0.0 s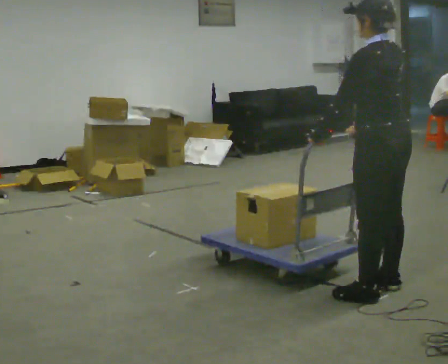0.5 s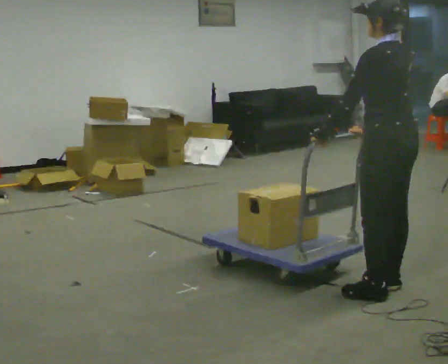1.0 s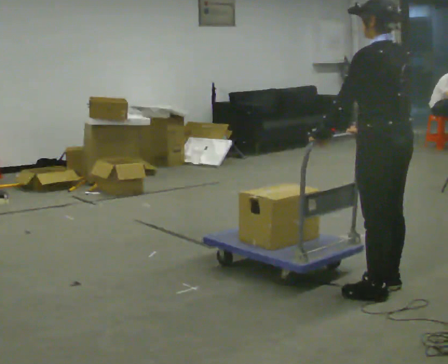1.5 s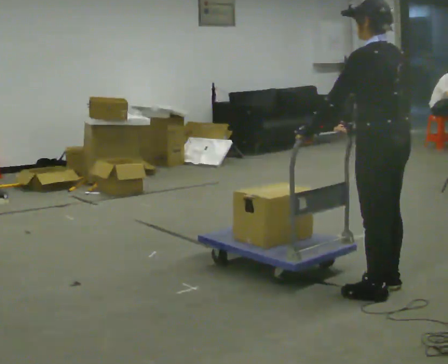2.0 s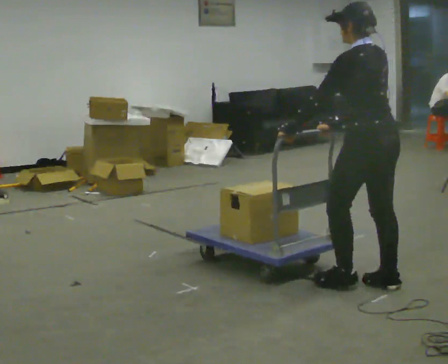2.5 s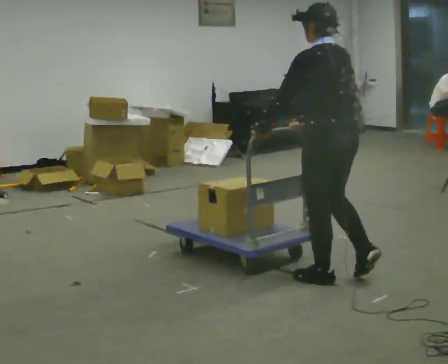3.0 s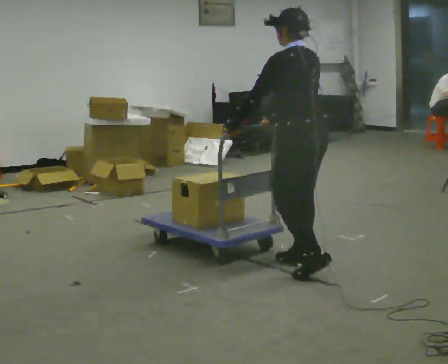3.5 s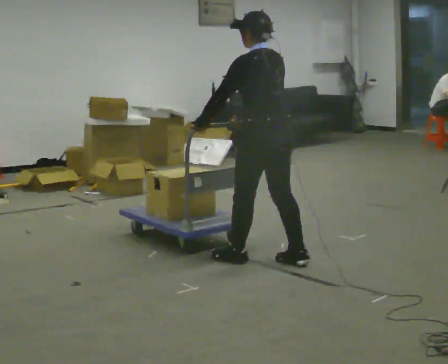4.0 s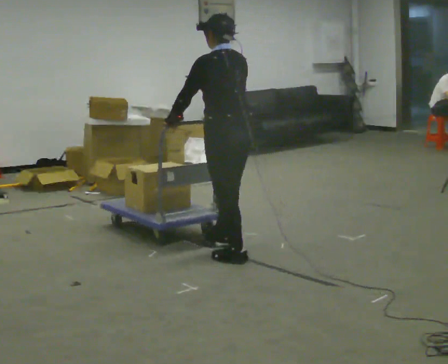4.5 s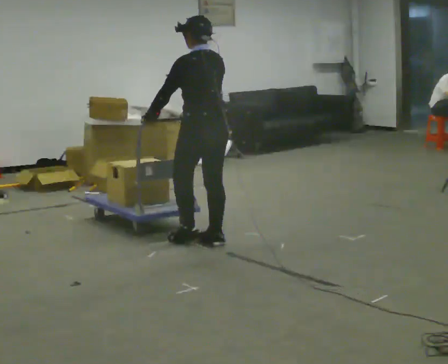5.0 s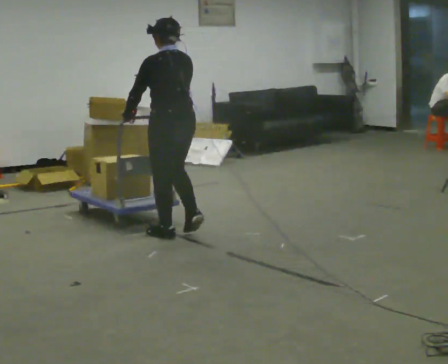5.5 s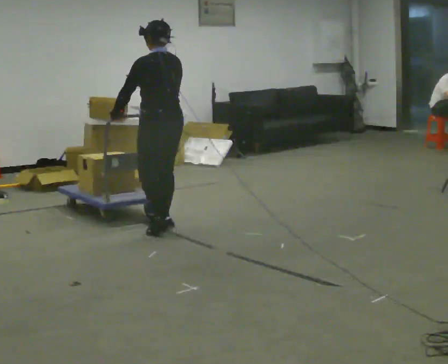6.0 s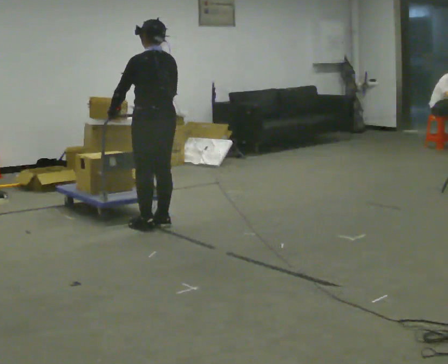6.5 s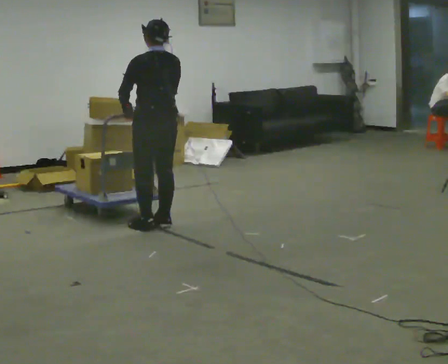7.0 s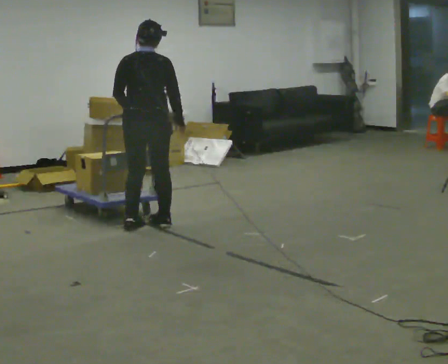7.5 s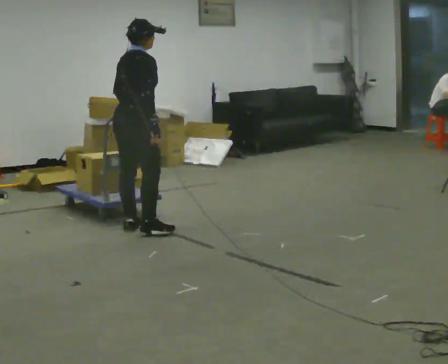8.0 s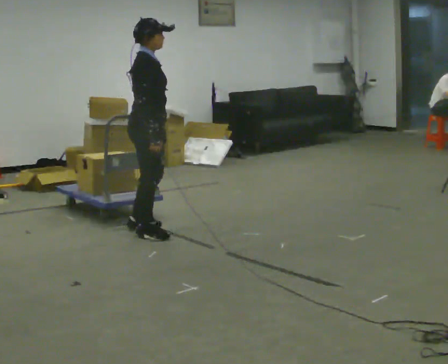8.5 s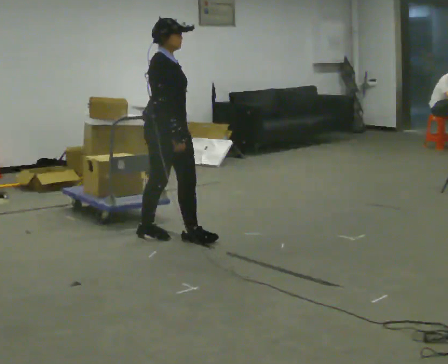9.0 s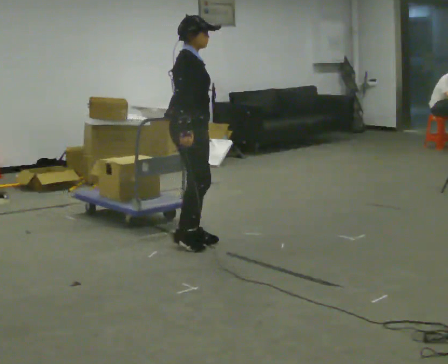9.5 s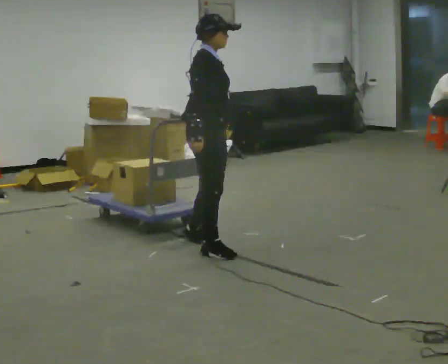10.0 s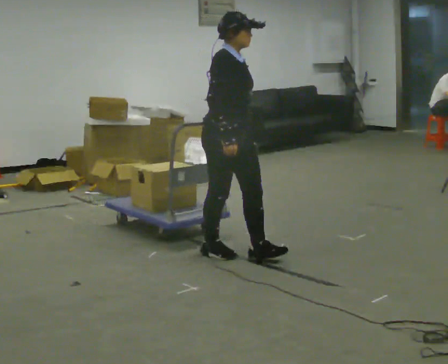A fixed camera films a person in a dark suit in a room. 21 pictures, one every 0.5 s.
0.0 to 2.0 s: In the picture they go away from the camera, about 0.25 m, which for them is forward.
2.0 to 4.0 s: In the picture they go to the left and away from the camera, about 1 m in 3 steps, which for them is forward.
4.0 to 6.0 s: In the picture they go away from the camera and to the left, about 1 m in 4 steps, which for them is forward.
6.0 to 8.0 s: The person turns about 120 degrees to their right, clockwise seen from above, so the part of the body nearest the lens slides to the left. In the picture they go toward the camera, about 0.25 m in 1 step.
8.0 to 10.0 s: The part of the body nearest the lens slides to the left as the person turns to their right by about 30 degrees. In the picture they go to the right and toward the camera, about 1 m in 2 steps, which for them is forward and to their right.
The film runs forward here.
